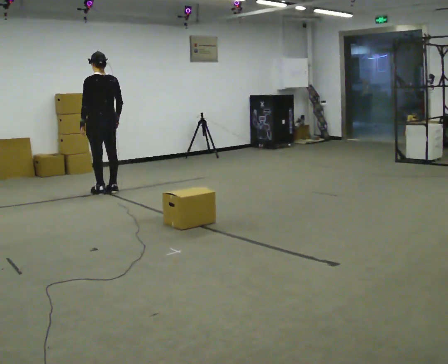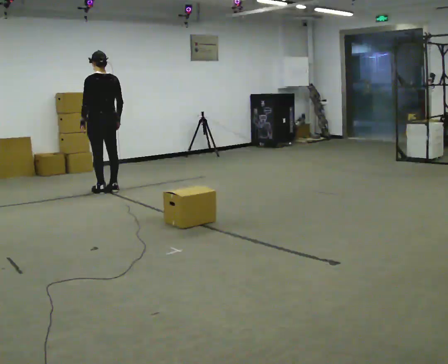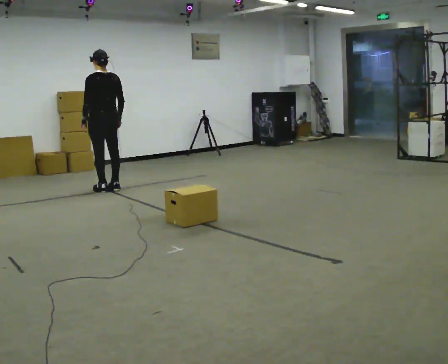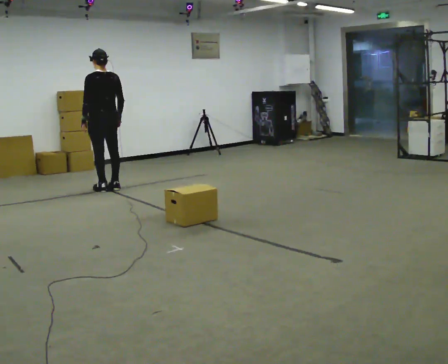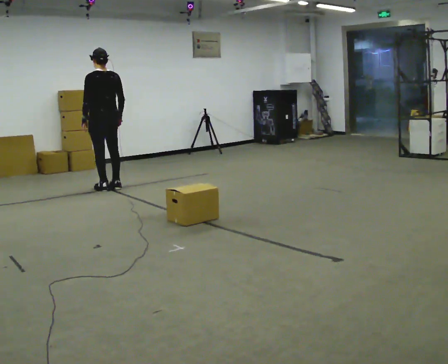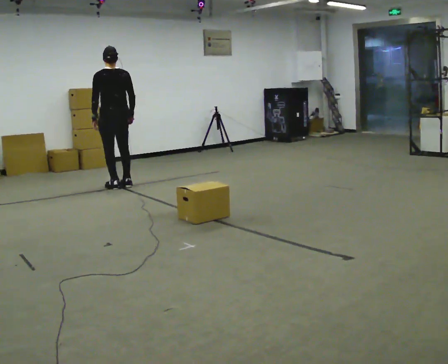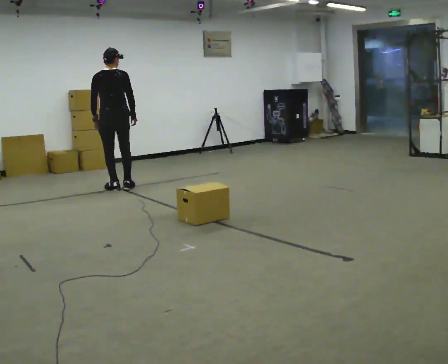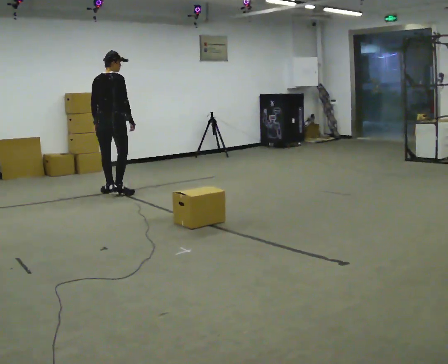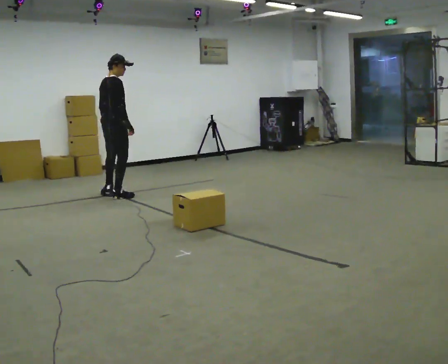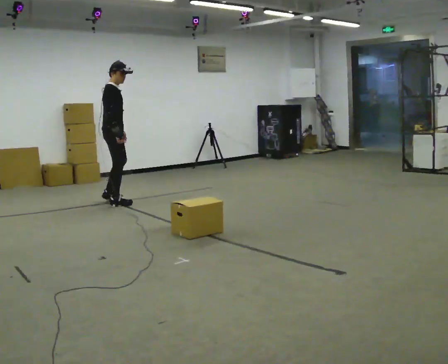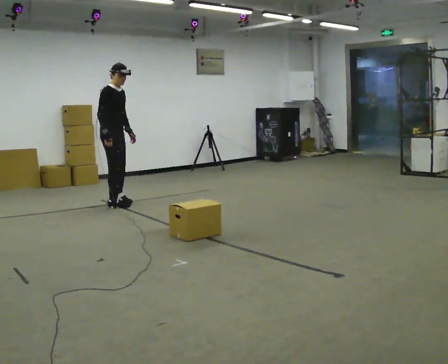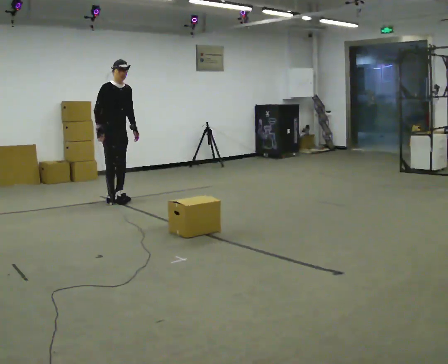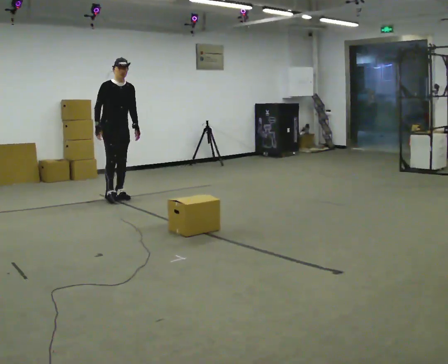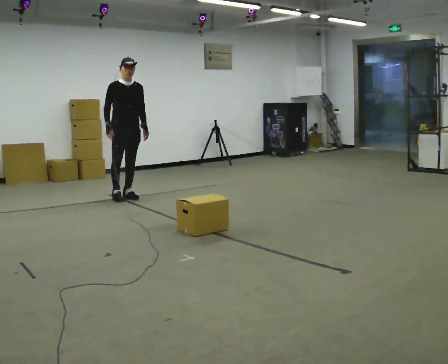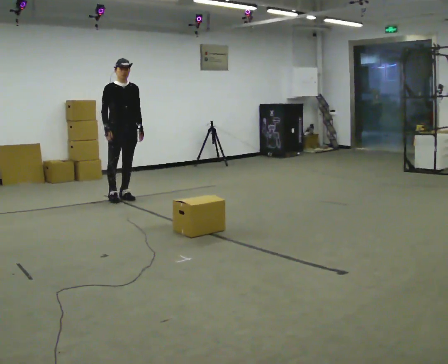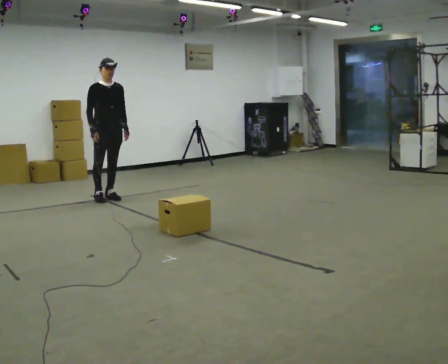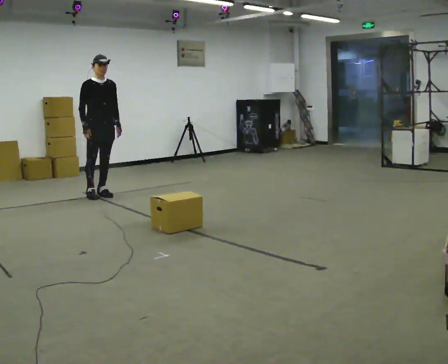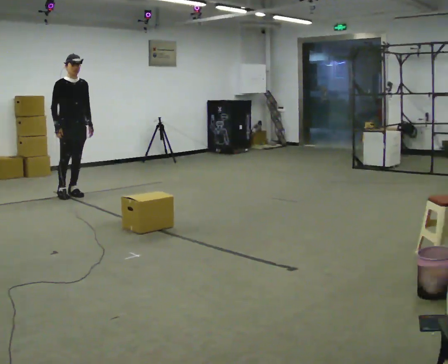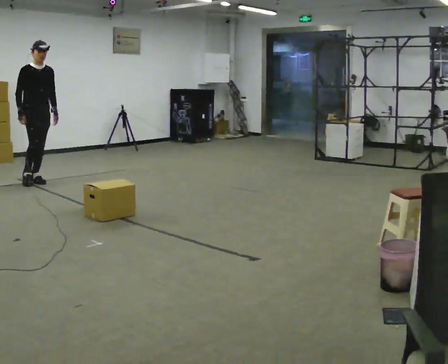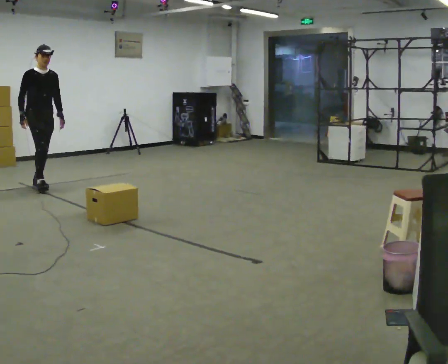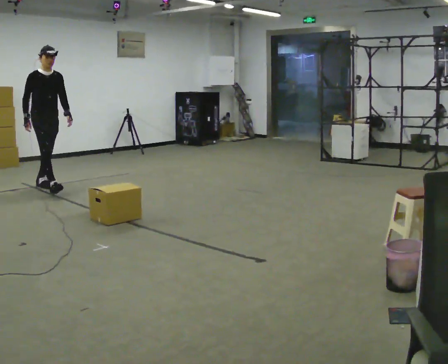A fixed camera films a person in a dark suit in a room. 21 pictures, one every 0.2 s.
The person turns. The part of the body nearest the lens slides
to the left.
Their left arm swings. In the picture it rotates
counterclockwise.
0.0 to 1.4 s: Seen from above the body turns clockwise, about 60 degrees: to their right, with its near side sliding to the left.
1.4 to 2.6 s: The part of the body nearest the lens slides to the left as the person turns to their right by about 135 degrees. In the picture their left hand goes to the right, the arm swinging counterclockwise.
2.6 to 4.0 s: The person moves a little, or ends about where they began.
The film runs forward here.
